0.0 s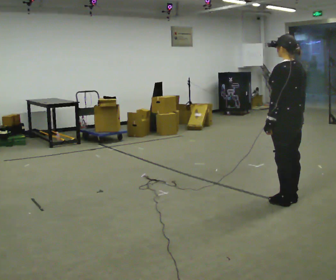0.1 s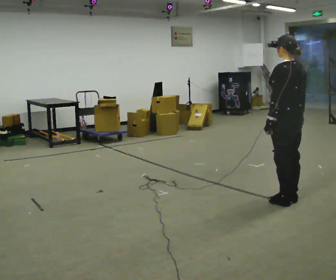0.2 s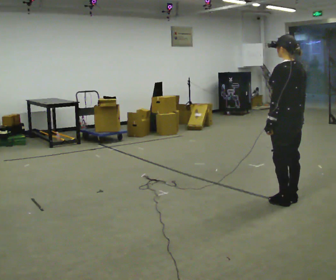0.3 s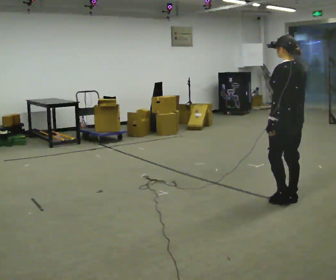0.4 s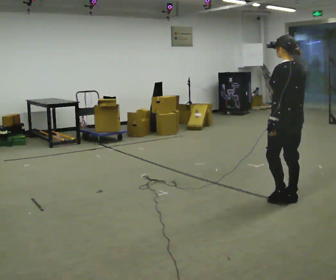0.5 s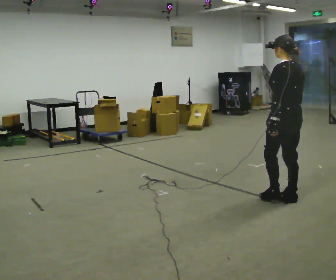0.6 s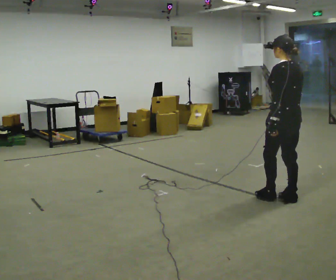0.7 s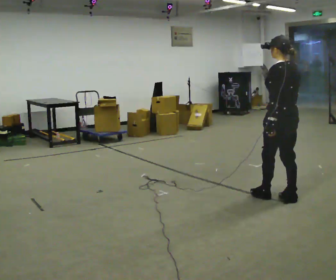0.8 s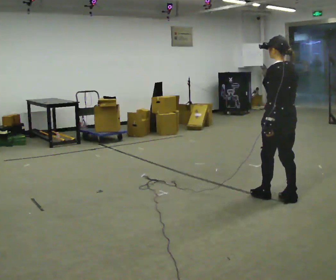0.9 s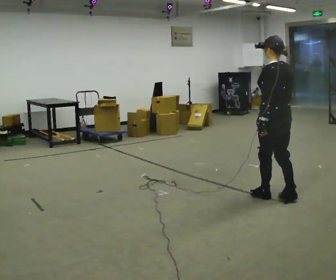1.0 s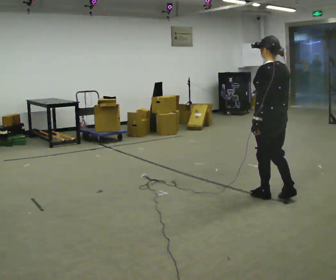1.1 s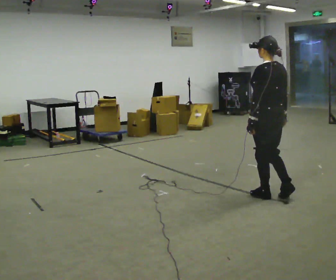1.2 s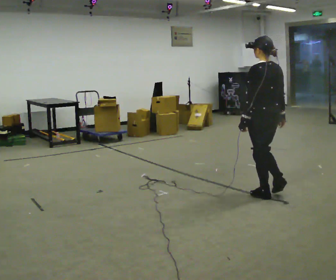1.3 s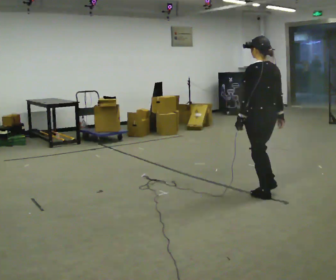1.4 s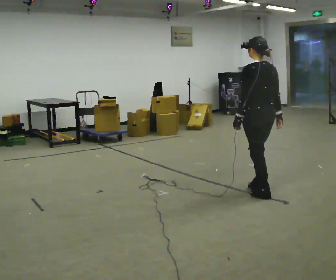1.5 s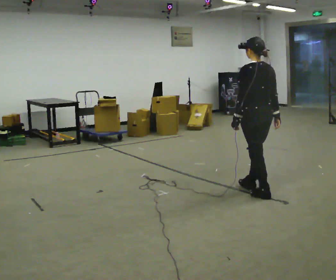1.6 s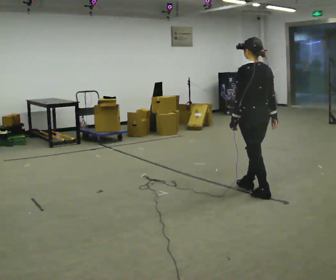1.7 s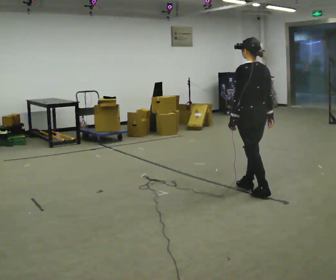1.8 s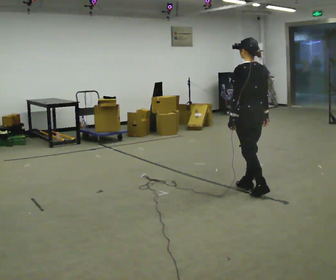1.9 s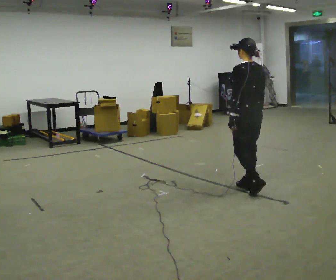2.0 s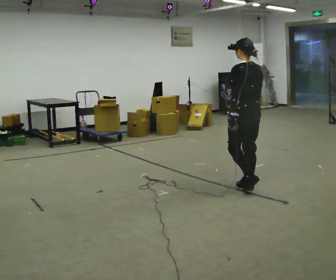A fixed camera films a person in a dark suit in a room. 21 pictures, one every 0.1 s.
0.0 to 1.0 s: In the picture they go to the left, about 0.25 m in 1 step, which for them is forward.
1.0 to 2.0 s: In the picture they go away from the camera and to the left, about 0.25 m in 1 step, which for them is forward.
The film runs forward here.
